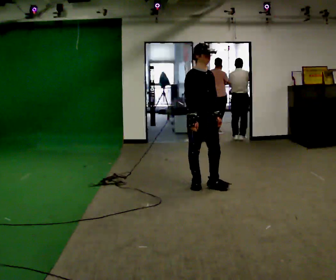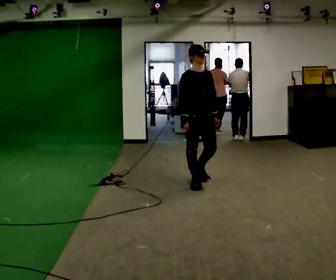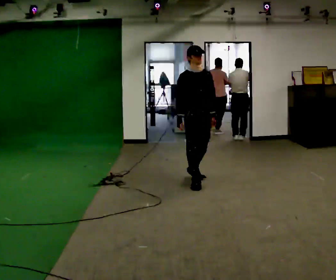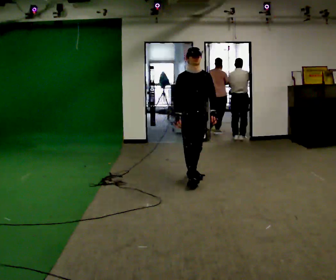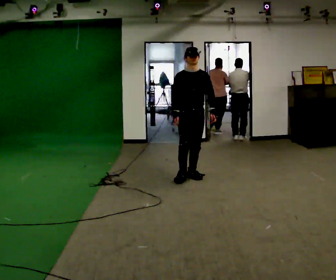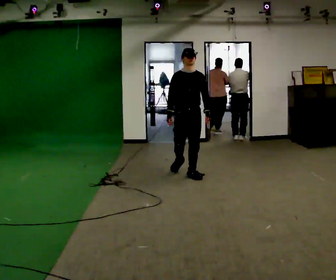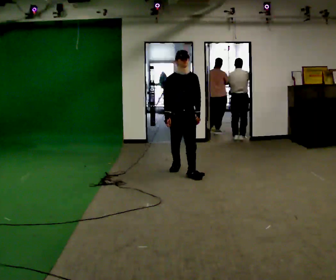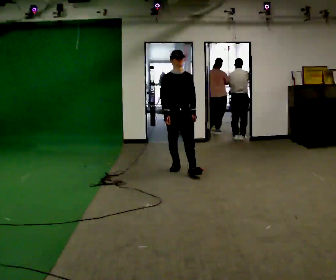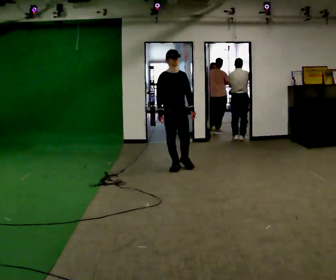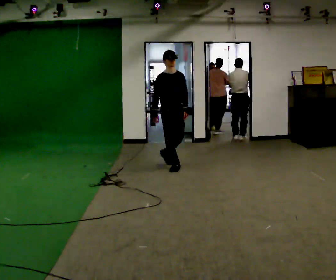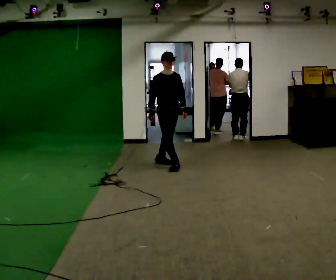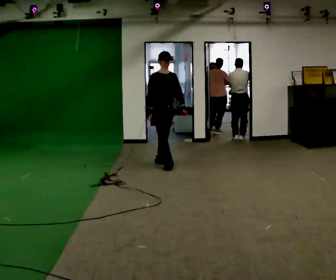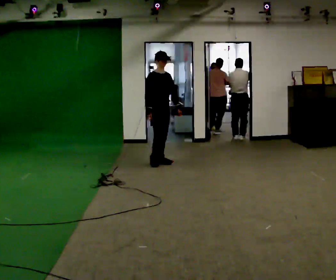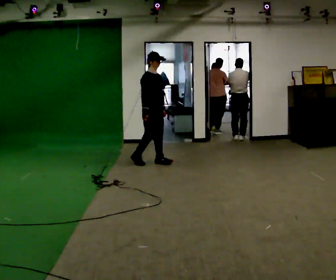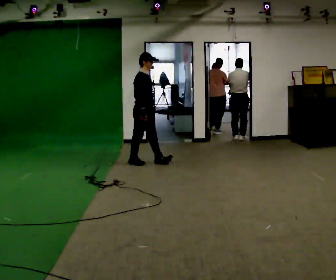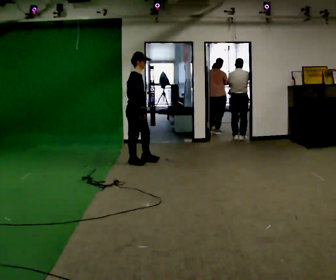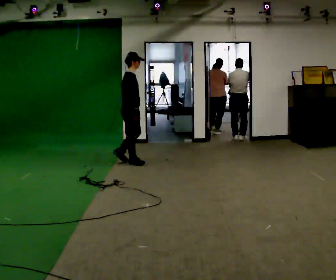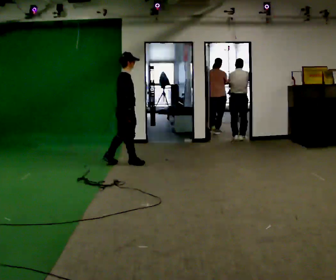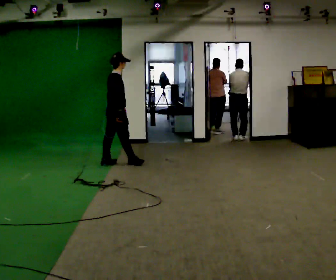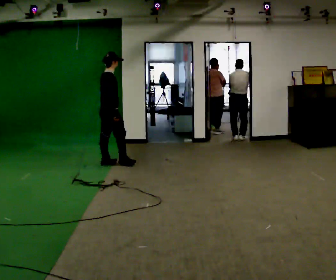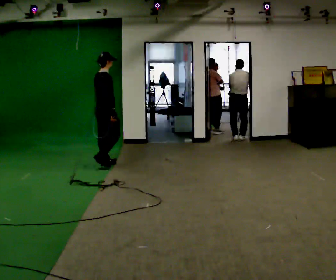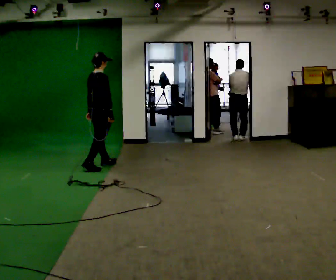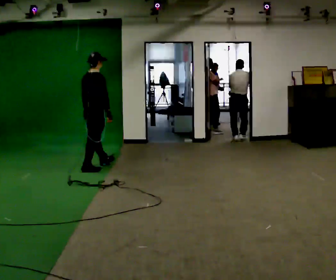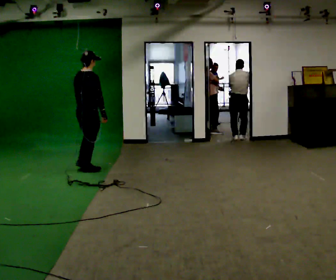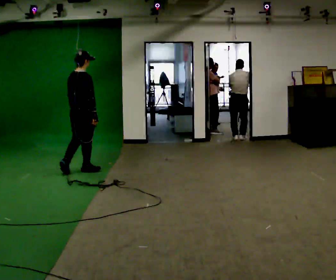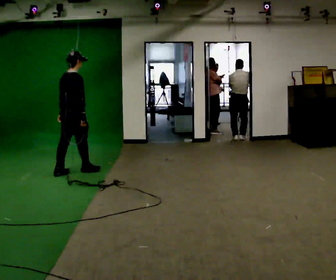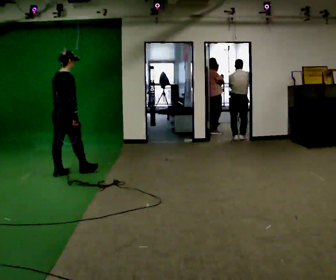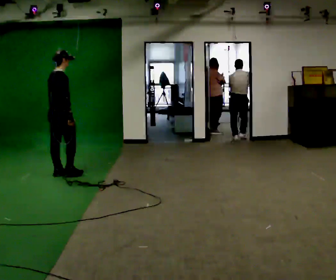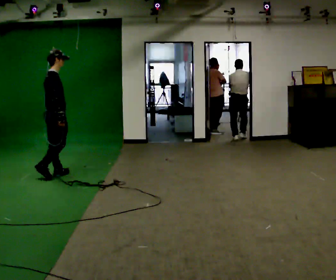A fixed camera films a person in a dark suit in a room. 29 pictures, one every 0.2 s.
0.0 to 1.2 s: The person turns about 30 degrees to their right, clockwise seen from above, so the part of the body nearest the lens slides to the left. In the picture they go away from the camera, about 0.75 m in 1 step, which for them is backward.
1.2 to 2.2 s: The part of the body nearest the lens slides to the right as the person turns to their left by about 30 degrees. In the picture they go away from the camera and to the left, about 0.5 m in 2 steps, which for them is backward.
2.2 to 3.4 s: Seen from above the body turns counterclockwise, about 75 degrees: to their left, with its near side sliding to the right. In the picture they go to the left, about 0.5 m in 1 step.
3.4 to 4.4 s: The person turns about 30 degrees to their left, counterclockwise seen from above, so the part of the body nearest the lens slides to the right. In the picture they go to the left and toward the camera, about 0.5 m in 2 steps, which for them is backward.
4.4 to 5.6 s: In the picture they go toward the camera and to the left, about 0.75 m in 1 step, which for them is backward.
The film runs backward here.
